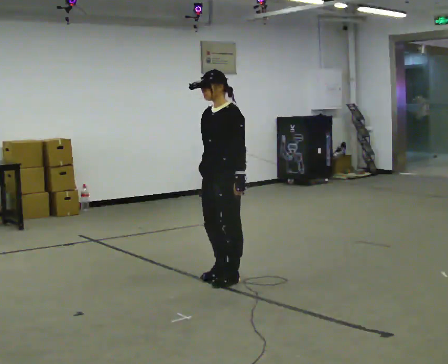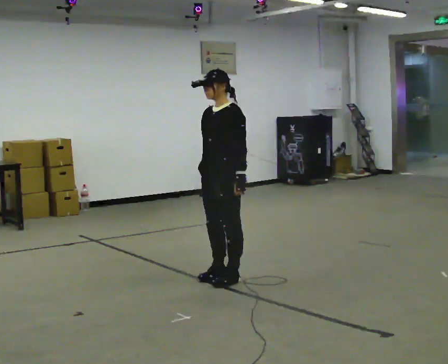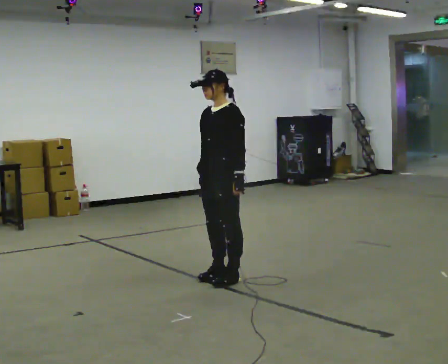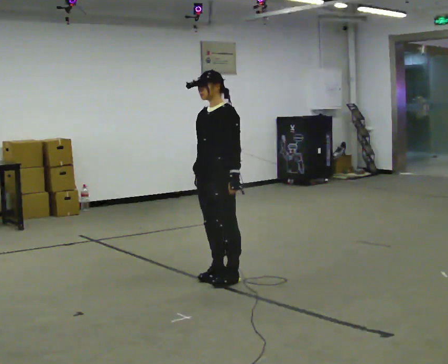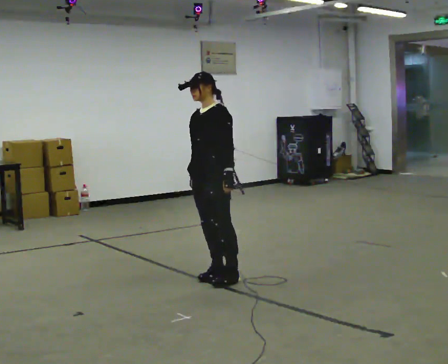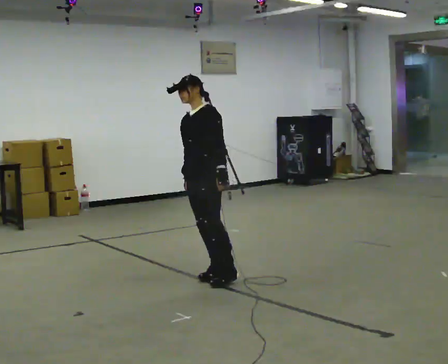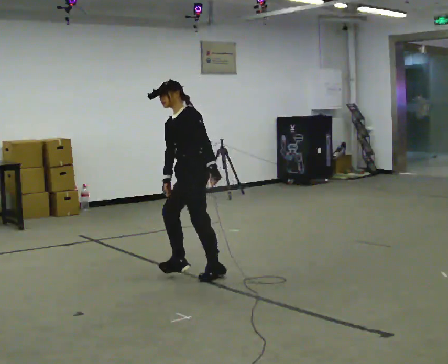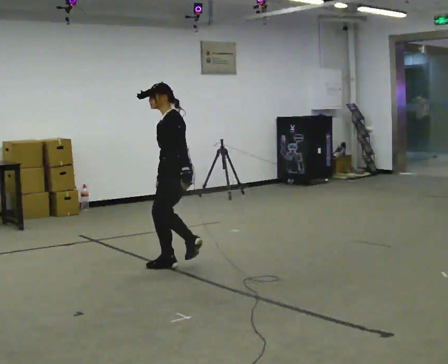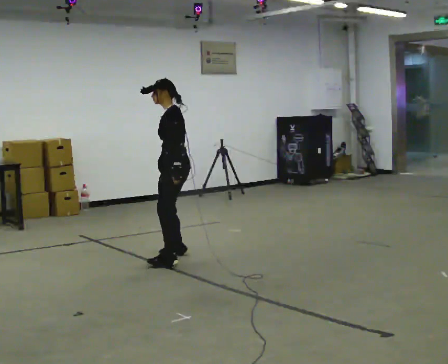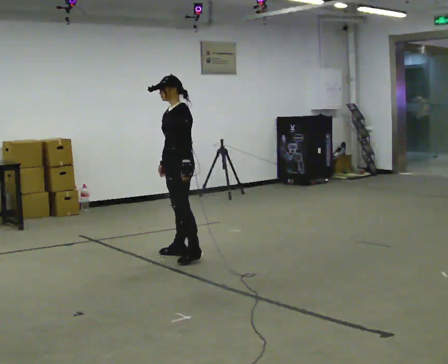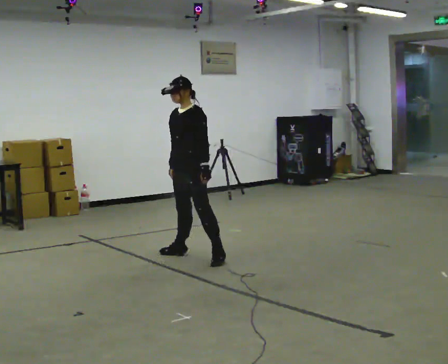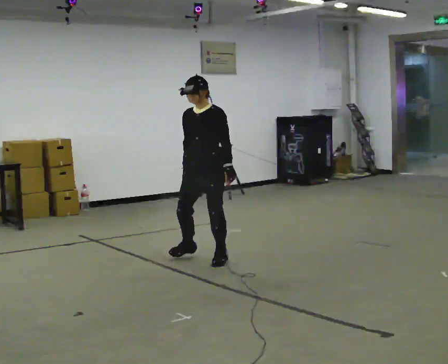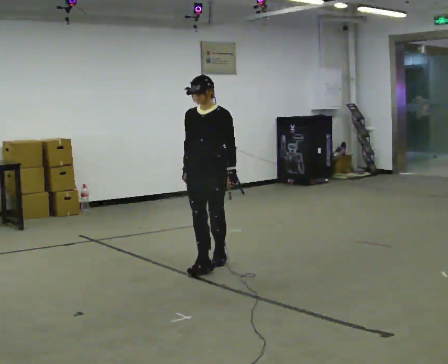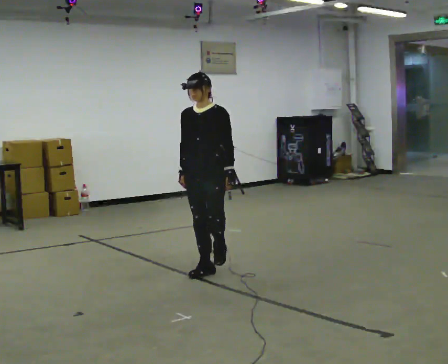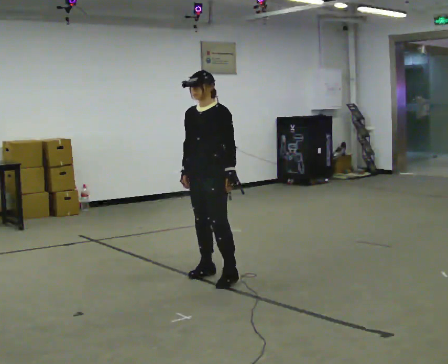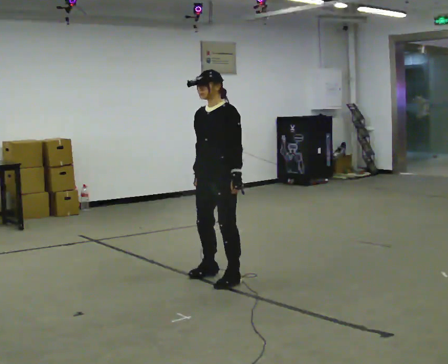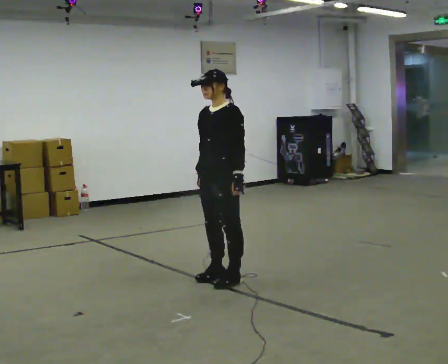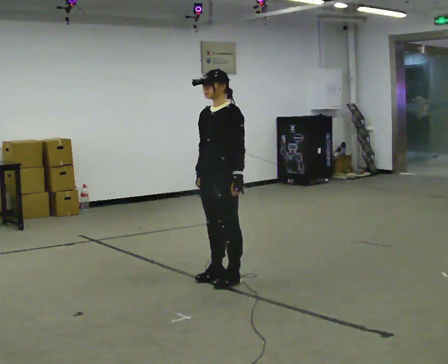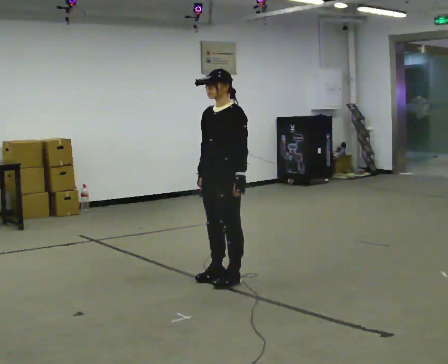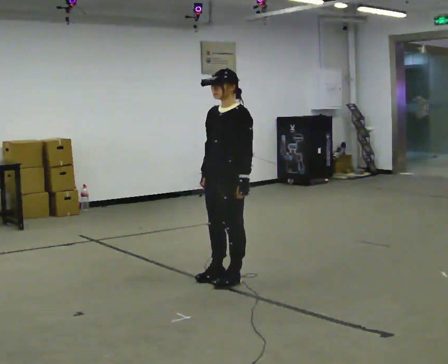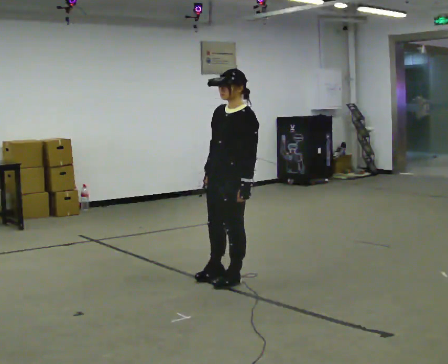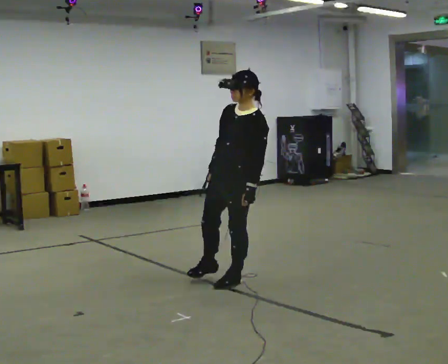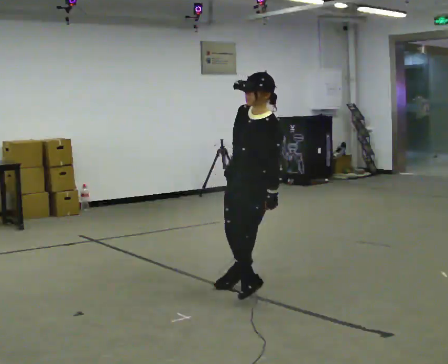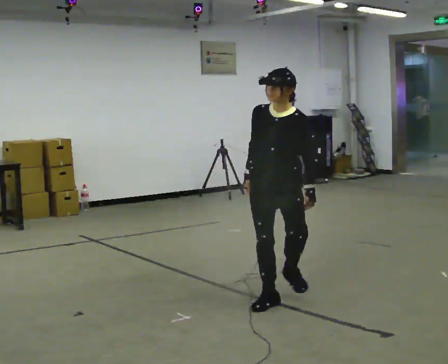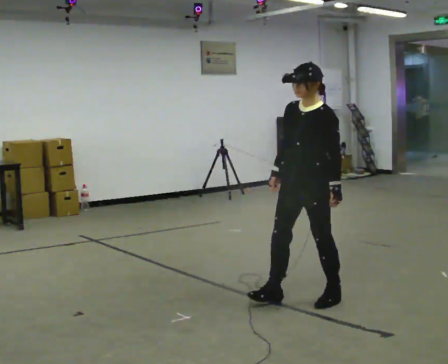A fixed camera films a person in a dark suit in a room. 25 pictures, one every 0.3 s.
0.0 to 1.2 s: The person moves a little, or ends about where they began.
1.2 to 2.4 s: The part of the body nearest the lens slides to the left as the person turns to their right by about 30 degrees. In the picture they go away from the camera and to the left, about 0.75 m in 2 steps, which for them is to their right.
2.4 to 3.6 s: Seen from above the body turns counterclockwise, about 60 degrees: to their left, with its near side sliding to the right. In the picture they go toward the camera and to the right, about 0.5 m in 1 step, which for them is to their left.
3.6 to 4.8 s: The person turns about 30 degrees to their right, clockwise seen from above, so the part of the body nearest the lens slides to the left. In the picture they go toward the camera, about 0.5 m in 3 steps, which for them is to their left and forward.
4.8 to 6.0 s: The person moves a little, or ends about where they began.
6.0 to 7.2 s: In the picture they go to the right and toward the camera, about 0.5 m in 2 steps, which for them is to their left.
The film runs forward here.
